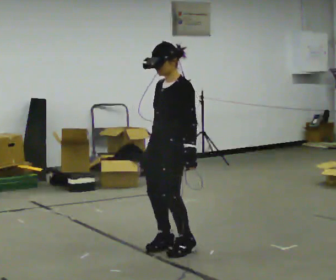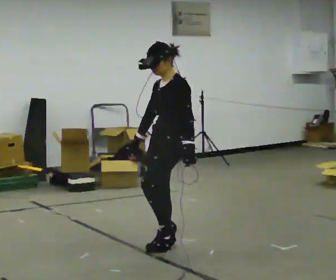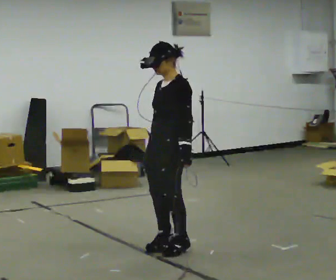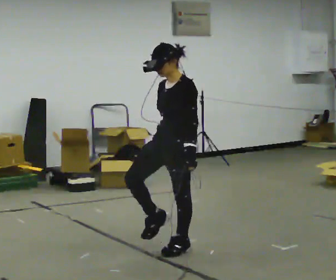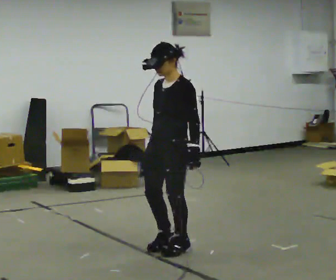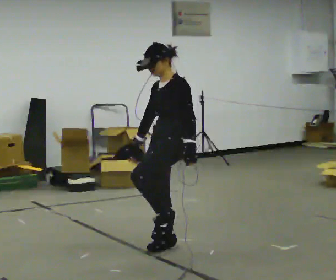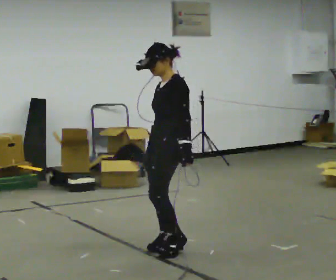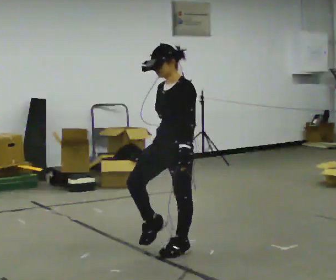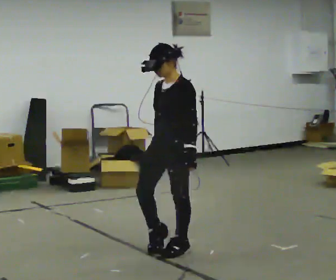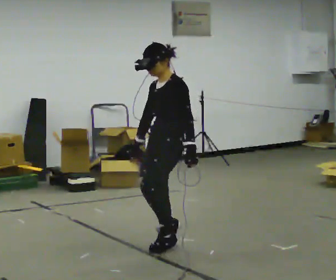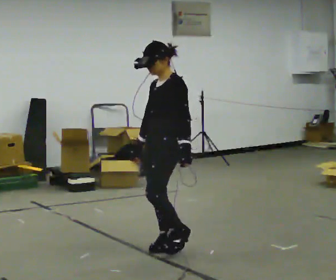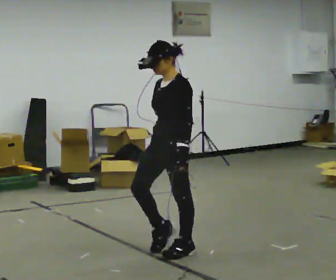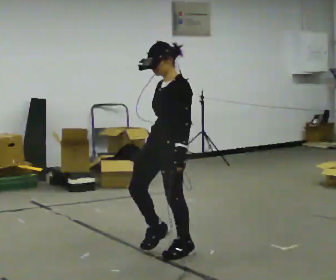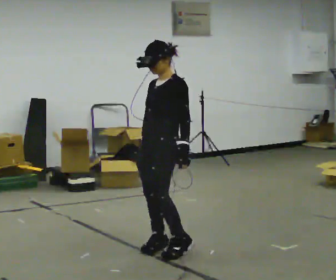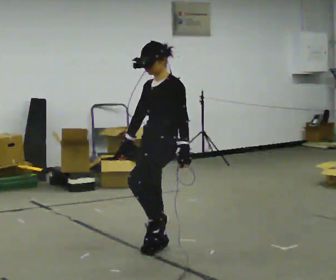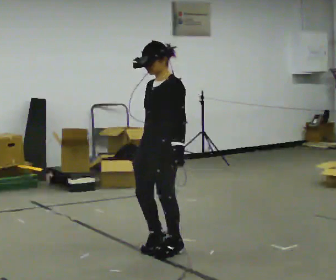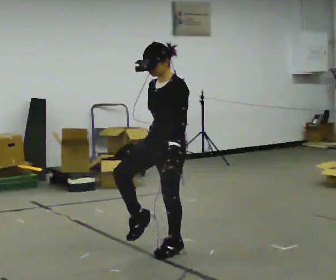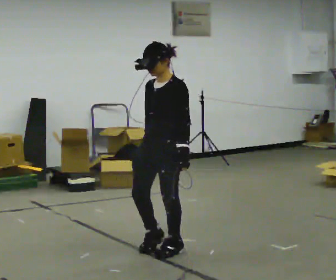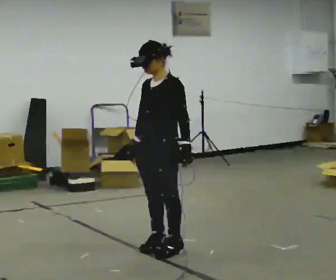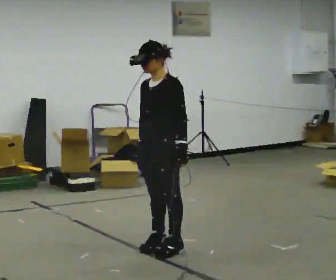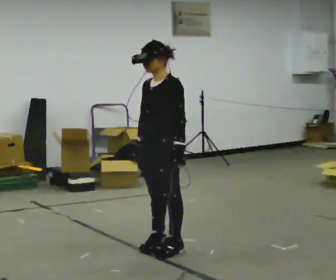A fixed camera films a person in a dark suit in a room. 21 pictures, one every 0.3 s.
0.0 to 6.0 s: The person moves a little, or ends about where they began.
The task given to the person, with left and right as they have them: March in place at a comfortable rhythm without moving forward; stop.
The film runs forward here.
